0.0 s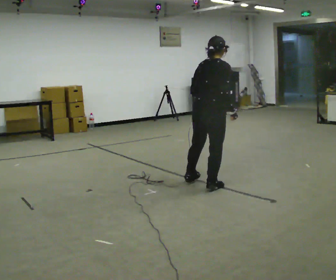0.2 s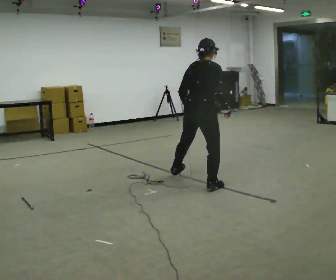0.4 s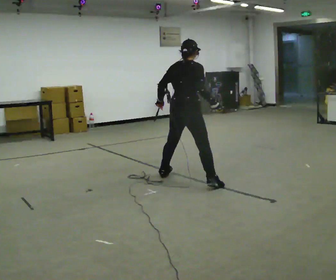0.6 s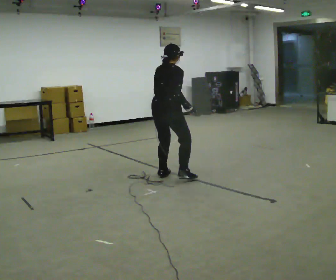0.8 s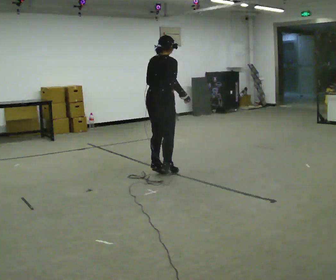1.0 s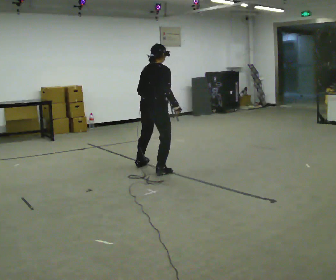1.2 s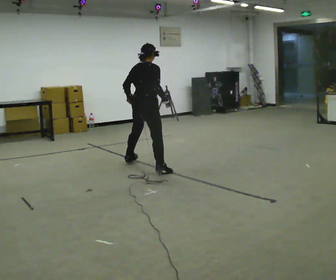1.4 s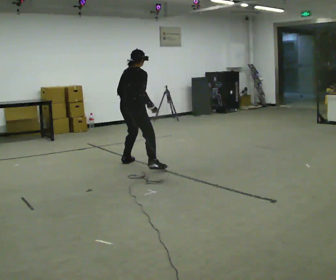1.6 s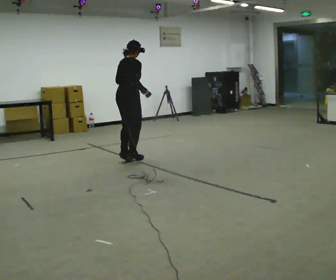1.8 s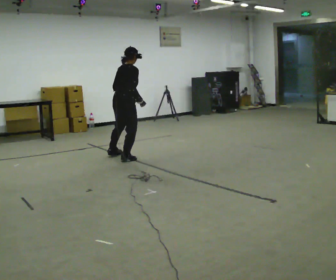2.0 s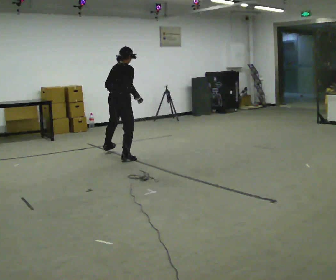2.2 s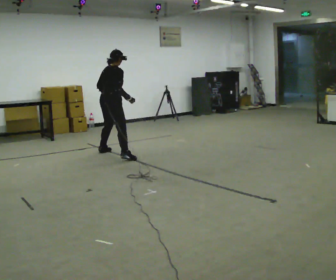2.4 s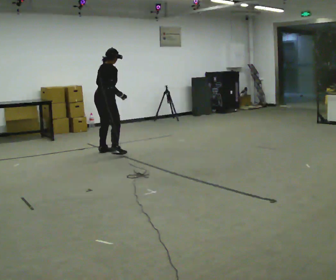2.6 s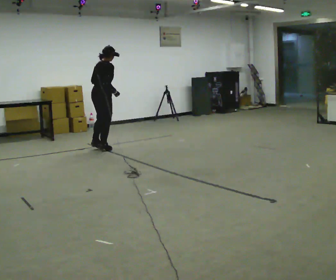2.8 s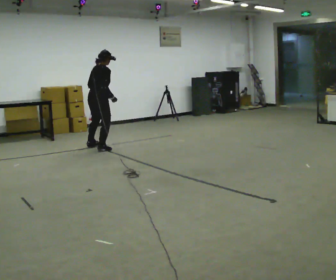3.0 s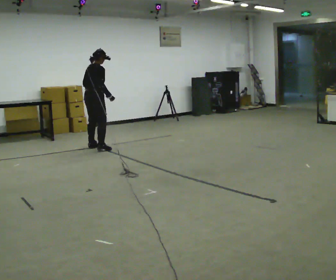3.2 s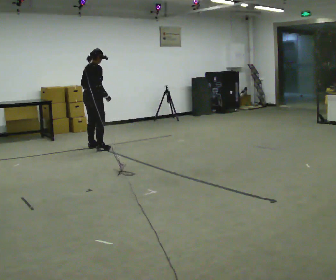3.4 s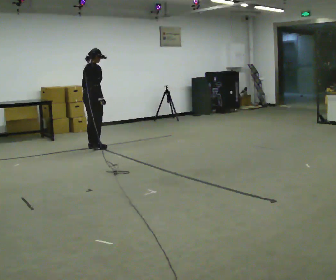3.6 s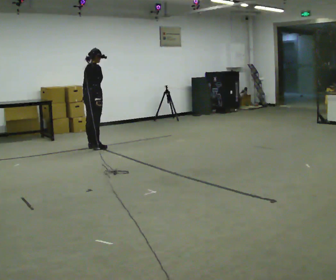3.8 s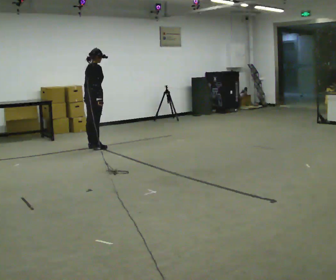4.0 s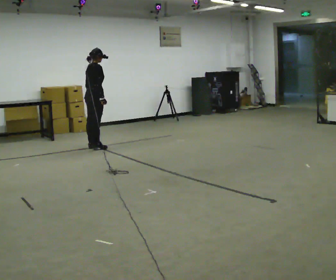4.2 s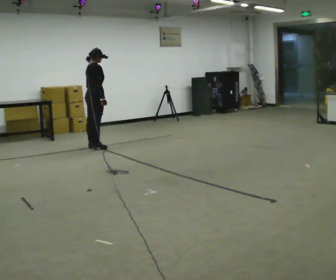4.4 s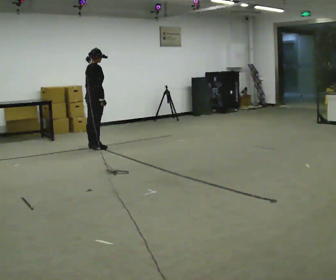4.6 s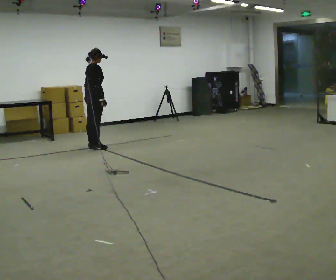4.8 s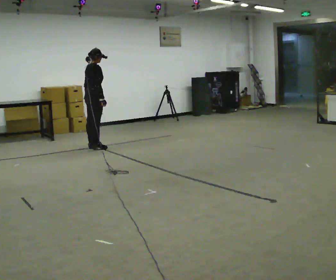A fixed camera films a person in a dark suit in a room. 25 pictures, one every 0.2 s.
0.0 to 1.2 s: In the picture they go away from the camera and to the left, about 1 m in 2 steps, which for them is to their left.
1.2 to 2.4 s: In the picture they go away from the camera and to the left, about 1 m in 3 steps, which for them is to their left.
2.4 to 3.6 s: In the picture they go away from the camera and to the left, about 0.5 m in 2 steps, which for them is to their left.
3.6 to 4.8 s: The person moves a little, or ends about where they began.
The film runs forward here.
